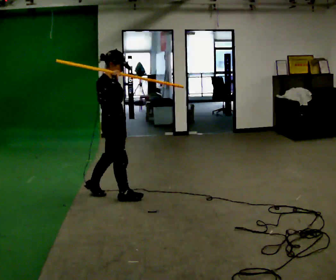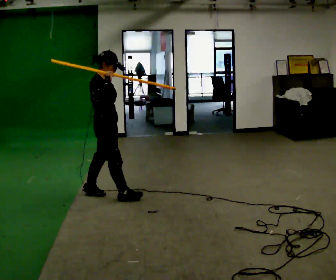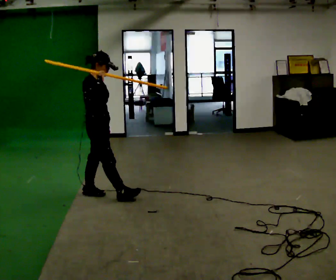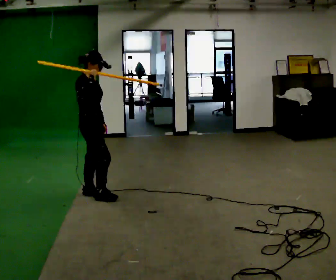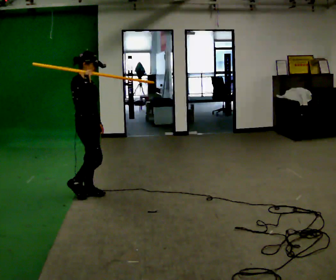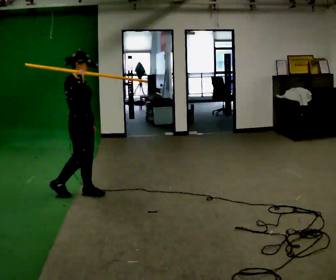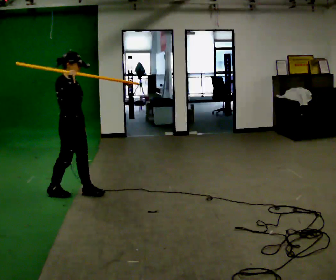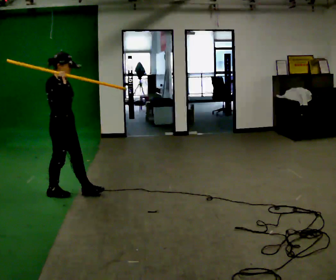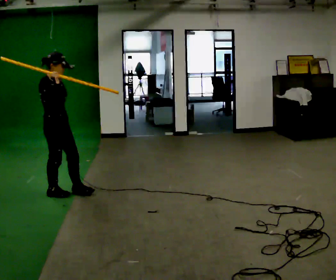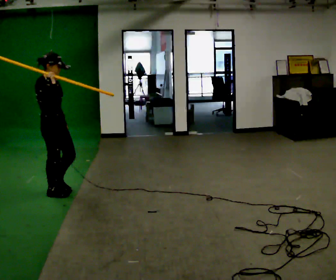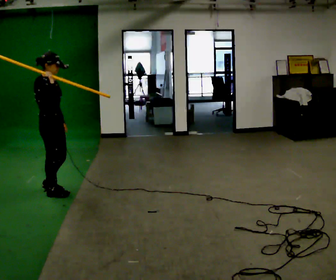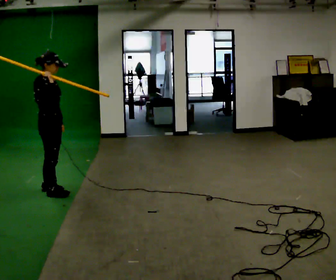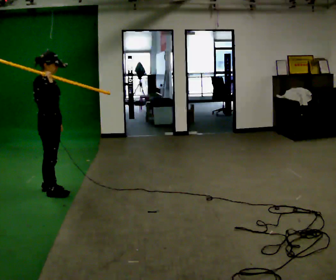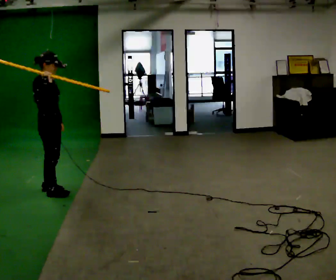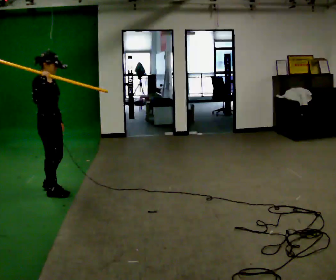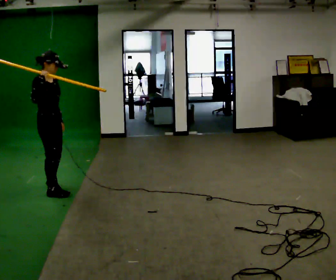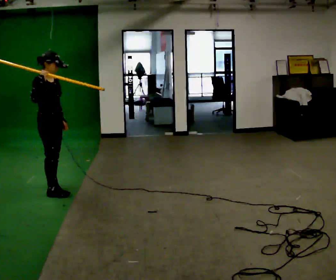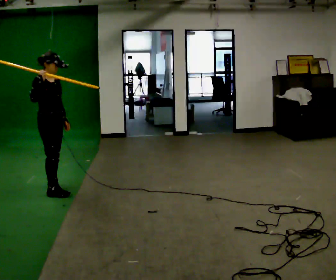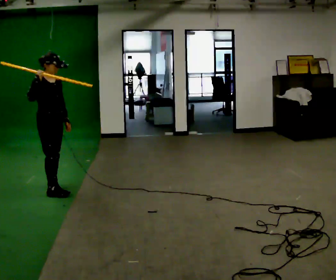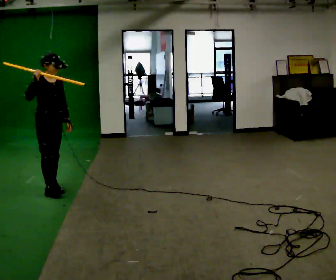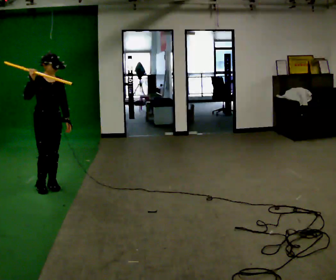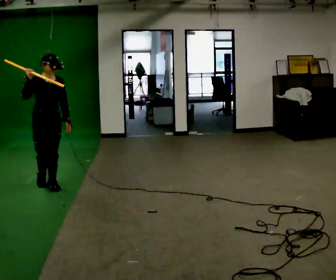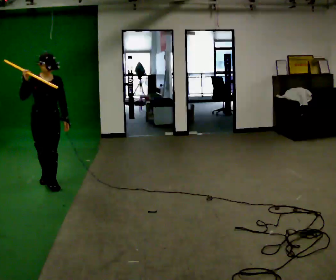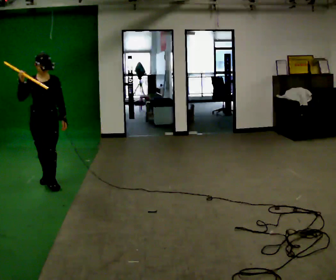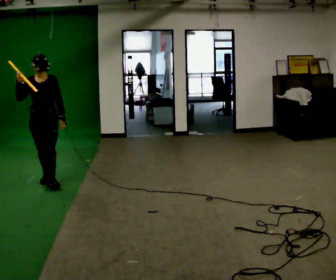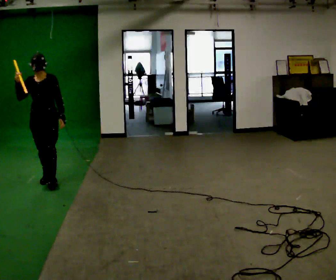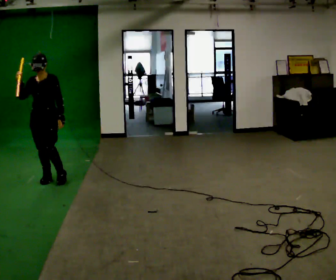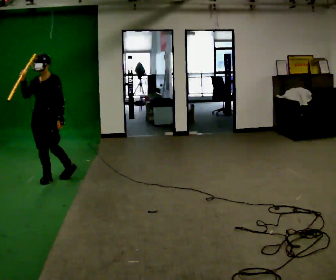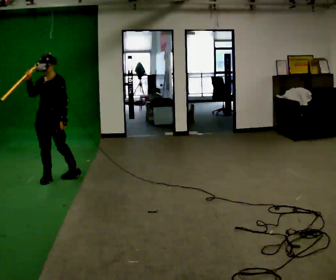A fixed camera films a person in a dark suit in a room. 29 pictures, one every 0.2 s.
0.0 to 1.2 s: In the picture they go to the left and away from the camera, about 0.5 m in 1 step, which for them is backward.
1.2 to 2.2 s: In the picture they go to the left, about 0.25 m in 1 step, which for them is backward.
2.2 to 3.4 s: The person moves a little, or ends about where they began.
3.4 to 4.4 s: Seen from above the body turns clockwise, about 45 degrees: to their right, with its near side sliding to the left. In the picture they go away from the camera, about 0.25 m in 1 step, which for them is backward.
4.4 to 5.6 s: The person turns about 45 degrees to their right, clockwise seen from above, so the part of the body nearest the lens slides to the left. In the picture they go away from the camera, about 0.25 m in 1 step, which for them is backward.
The film runs backward here.
